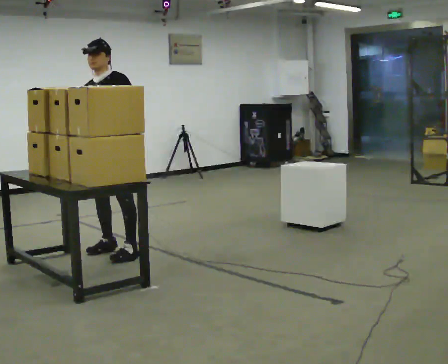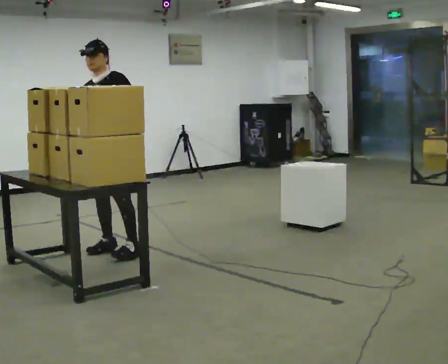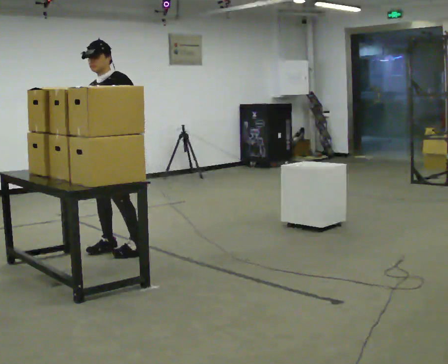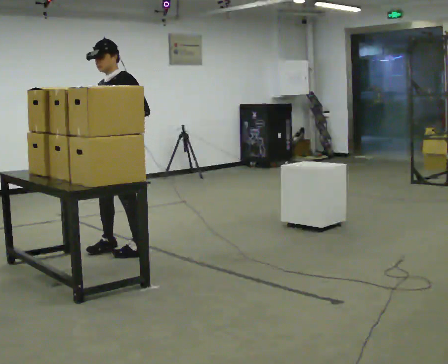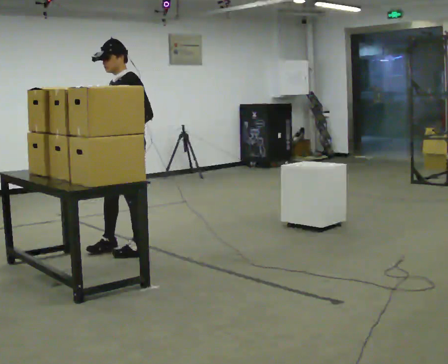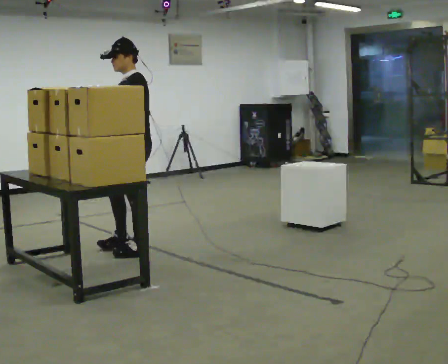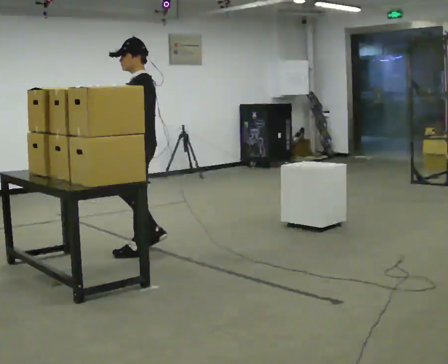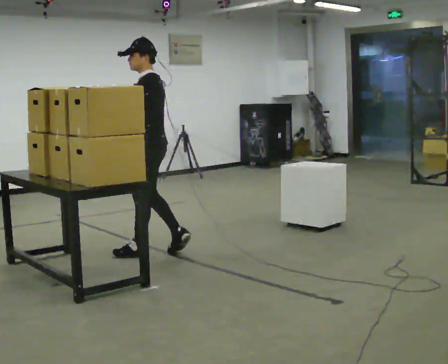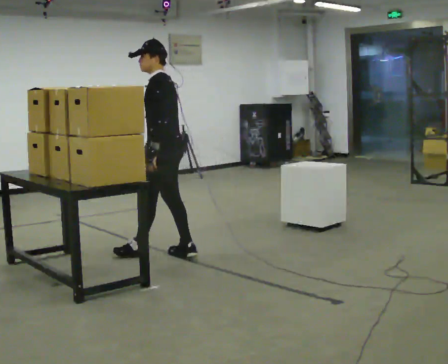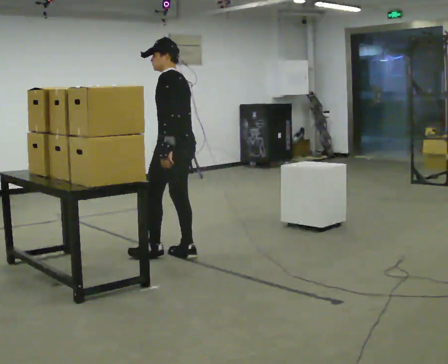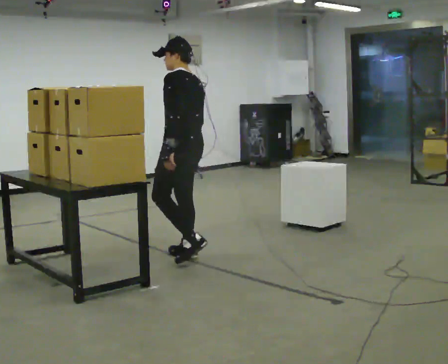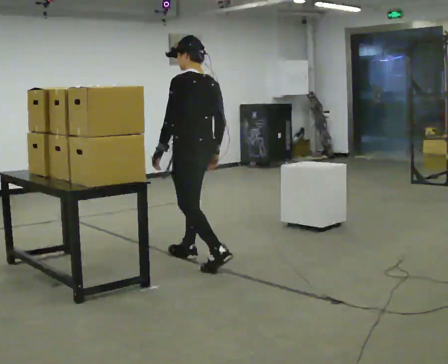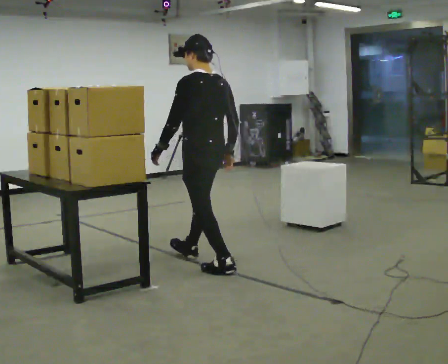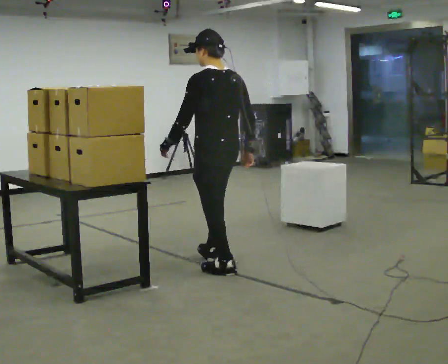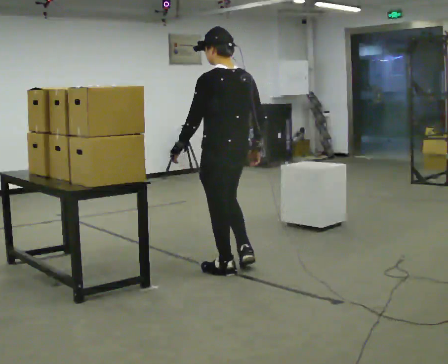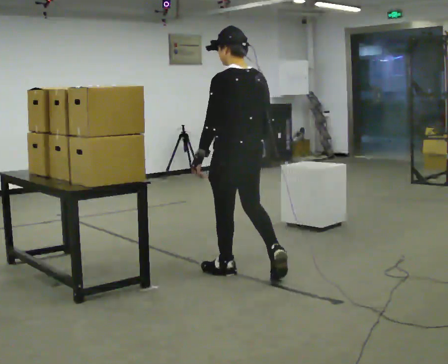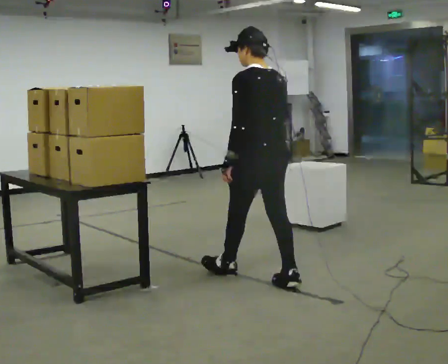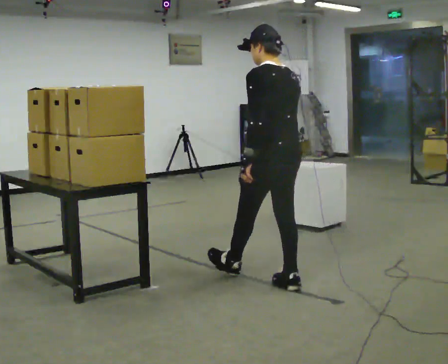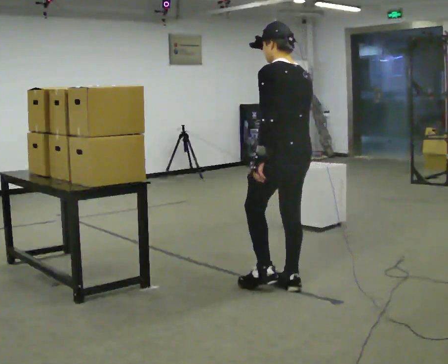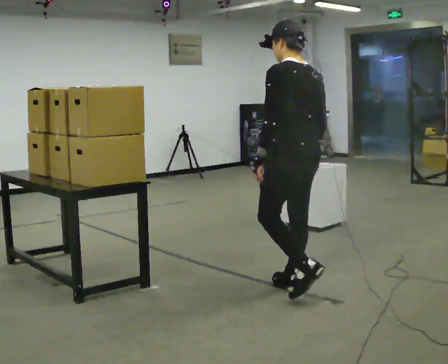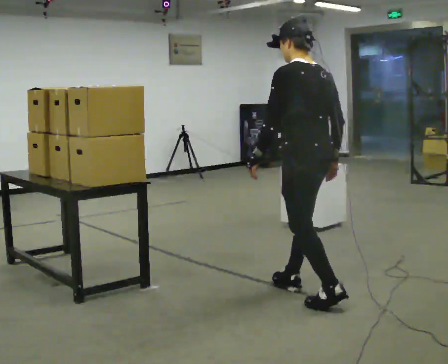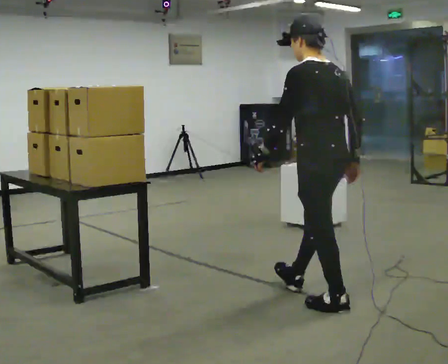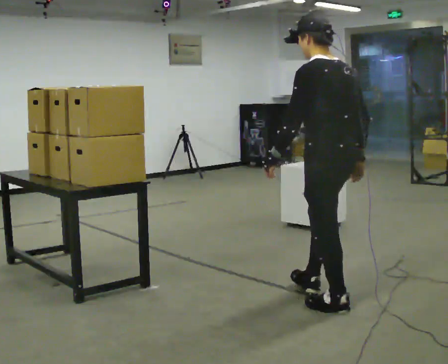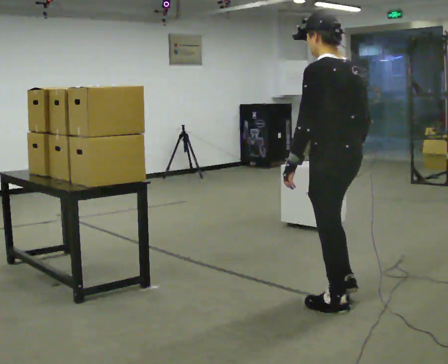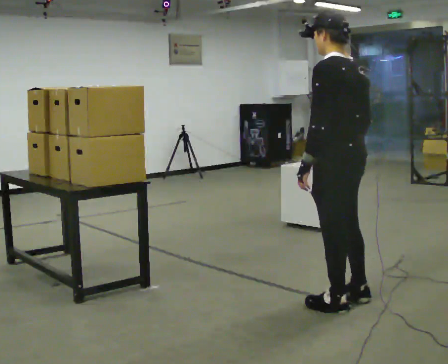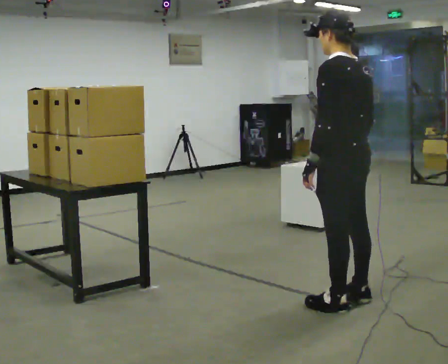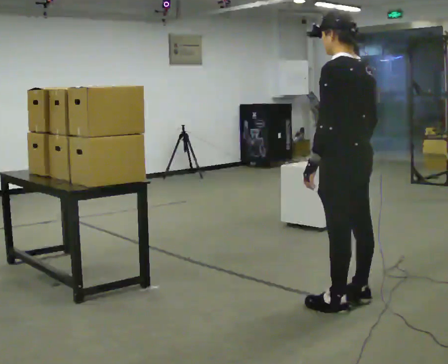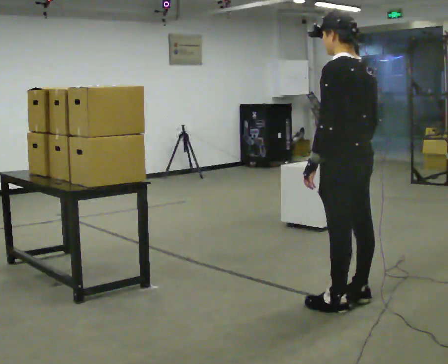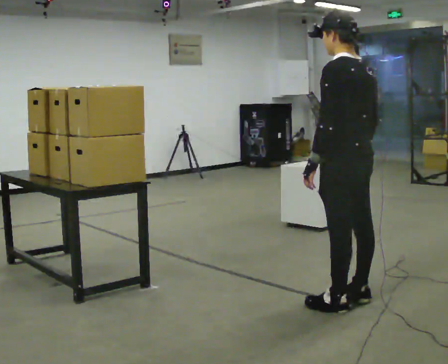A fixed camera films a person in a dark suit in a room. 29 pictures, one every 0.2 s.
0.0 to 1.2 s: The part of the body nearest the lens slides to the left as the person turns to their right by about 60 degrees. In the picture they go to the right, about 0.25 m in 1 step, which for them is to their left and backward.
1.2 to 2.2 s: Seen from above the body turns clockwise, about 45 degrees: to their right, with its near side sliding to the left. In the picture they go to the right and toward the camera, about 0.5 m in 1 step, which for them is backward.
2.2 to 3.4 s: In the picture they go to the right and toward the camera, about 1 m in 2 steps, which for them is backward.
3.4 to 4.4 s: In the picture they go toward the camera and to the right, about 0.5 m in 1 step, which for them is backward.
4.4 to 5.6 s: The person moves a little, or ends about where they began.
The film runs backward here.
